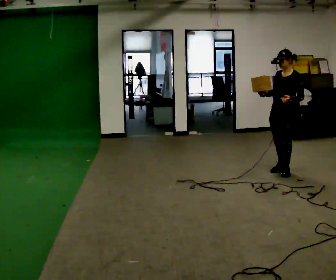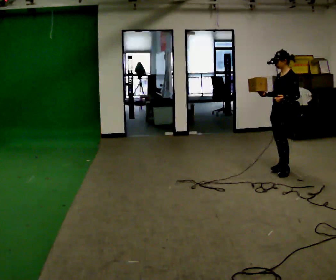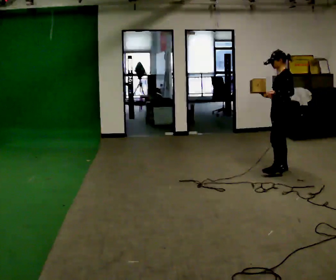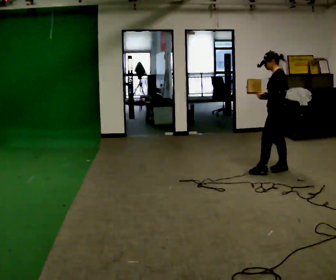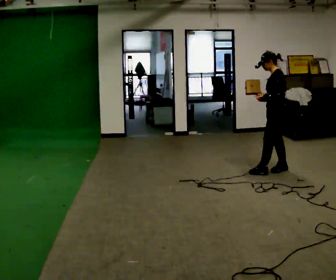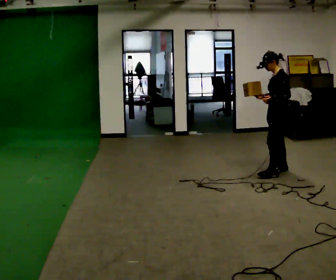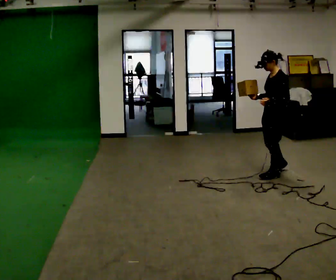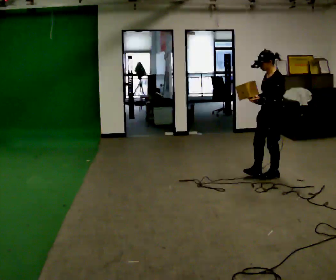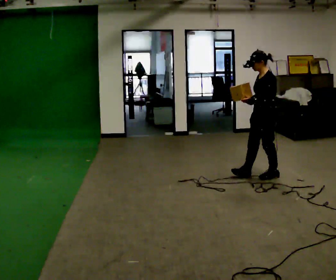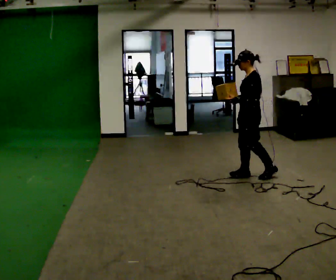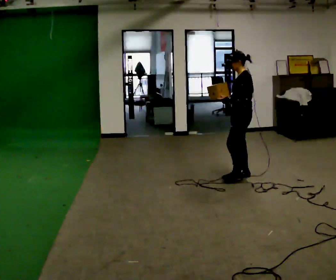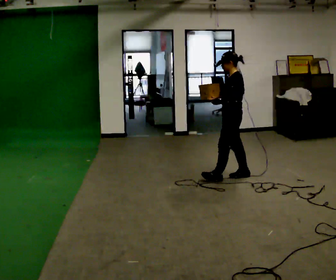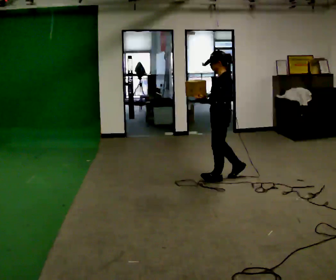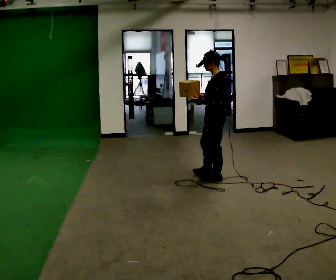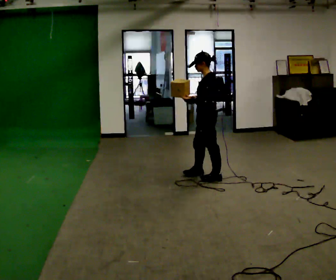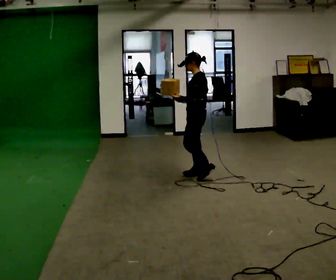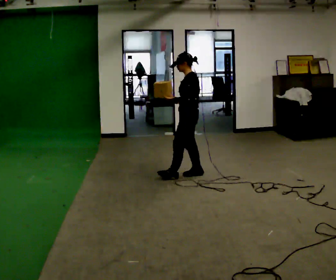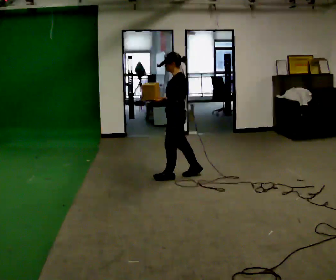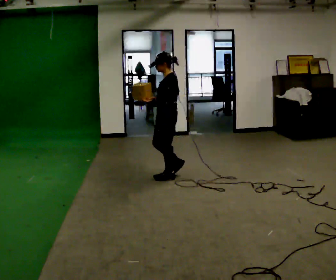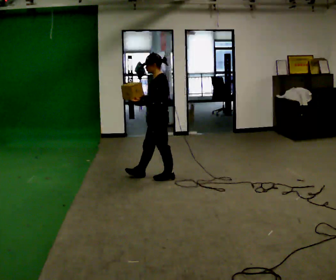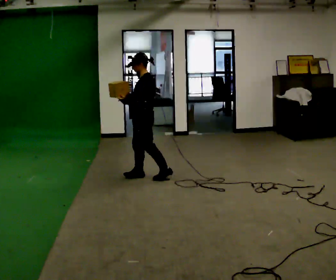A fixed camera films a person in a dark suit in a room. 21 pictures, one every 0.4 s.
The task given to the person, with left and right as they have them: Carry the object in one hand and, while walking, pass it to your other hand. Keep passing it back and forth as you walk.
0.0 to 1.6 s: Seen from above the body turns clockwise, about 45 degrees: to their right, with its near side sliding to the left.
1.6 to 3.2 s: In the picture they go toward the camera and to the left, about 0.25 m in 2 steps, which for them is forward and to their left.
3.2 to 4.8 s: In the picture they go to the left, about 0.5 m in 1 step, which for them is forward.
4.8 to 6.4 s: In the picture they go to the left and away from the camera, about 0.5 m in 1 step, which for them is forward and to their right.
6.4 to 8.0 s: In the picture they go to the left, about 0.5 m in 2 steps, which for them is forward.
The film runs forward here.
